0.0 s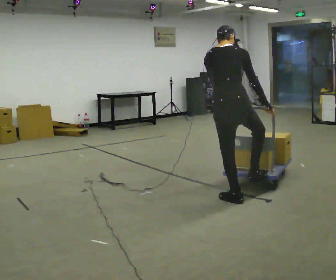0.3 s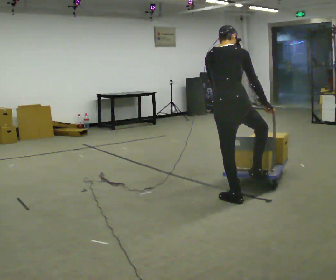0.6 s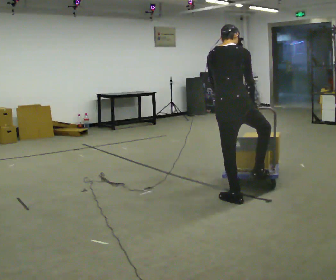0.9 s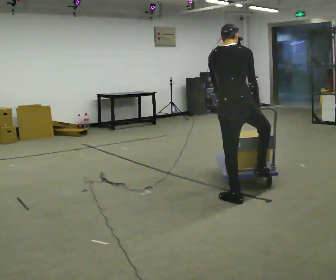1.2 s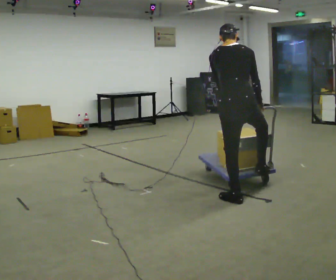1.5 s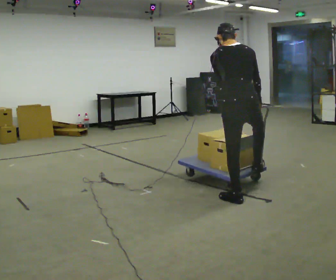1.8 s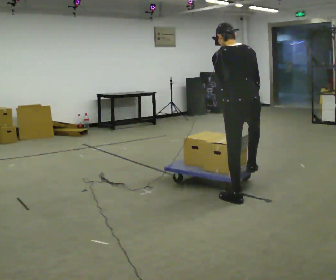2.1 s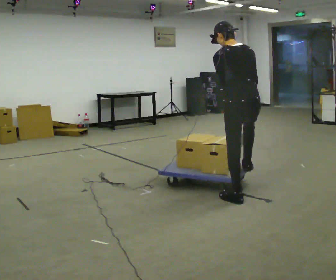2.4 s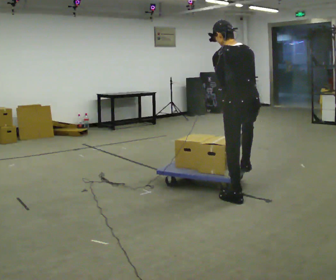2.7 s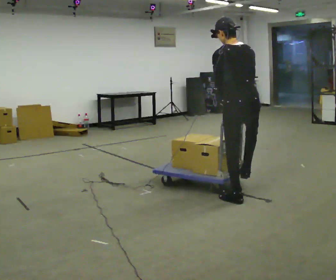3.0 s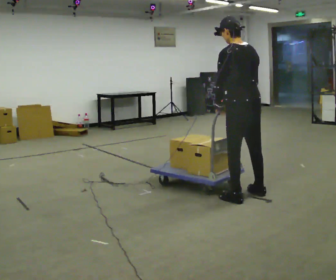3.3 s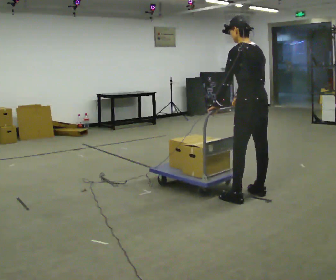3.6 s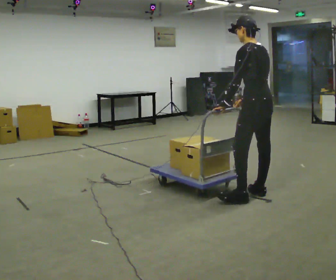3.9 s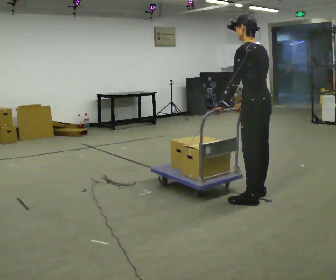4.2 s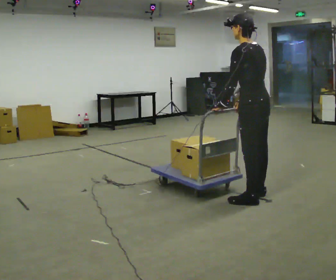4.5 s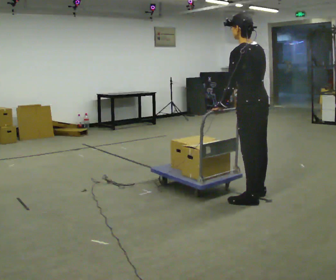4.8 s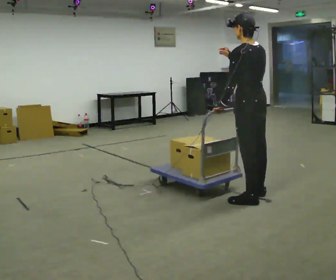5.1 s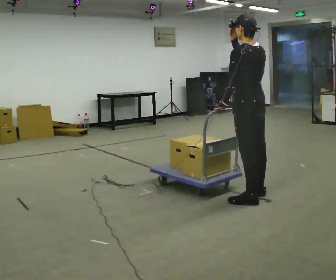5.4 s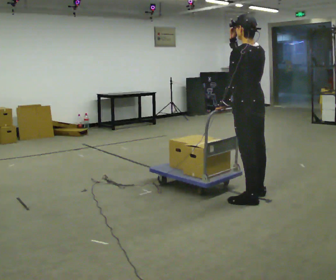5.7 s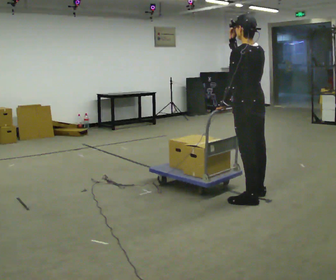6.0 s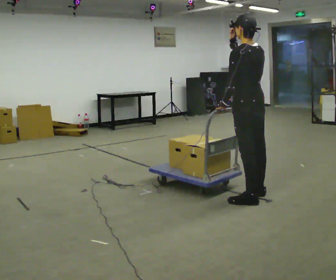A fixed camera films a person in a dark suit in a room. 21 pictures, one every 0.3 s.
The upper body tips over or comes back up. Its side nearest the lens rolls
downward.
Their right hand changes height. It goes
upward.
0.0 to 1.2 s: The person moves a little, or ends about where they began.
1.2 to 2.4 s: Seen from above the body turns counterclockwise, about 30 degrees: to their left, with its near side sliding to the right.
2.4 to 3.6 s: The person turns about 30 degrees to their left, counterclockwise seen from above, so the part of the body nearest the lens slides to the right. In the picture they go to the right, about 0.25 m, which for them is to their right.
3.6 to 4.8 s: In the picture their right hand goes upward.
4.8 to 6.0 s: The person moves a little, or ends about where they began.
The film runs forward here.
